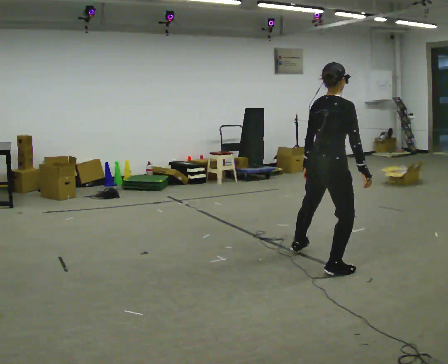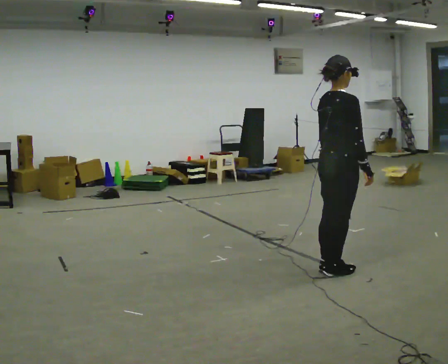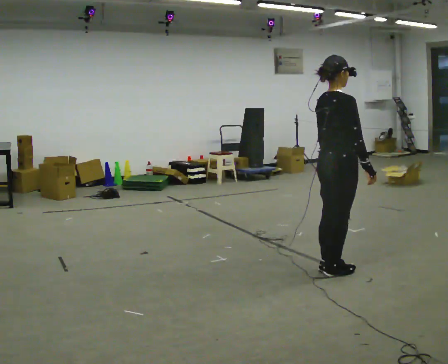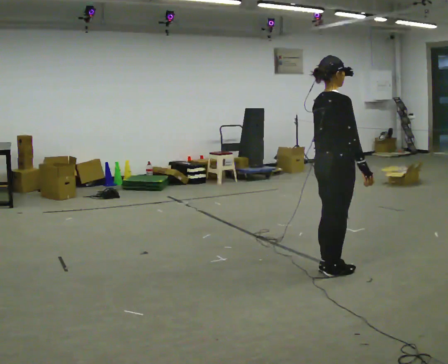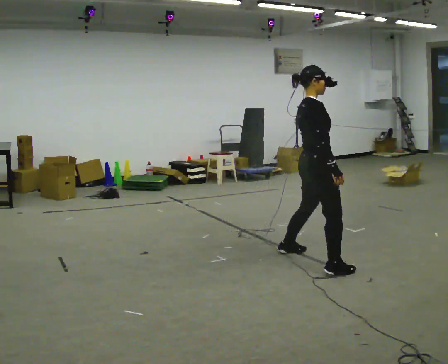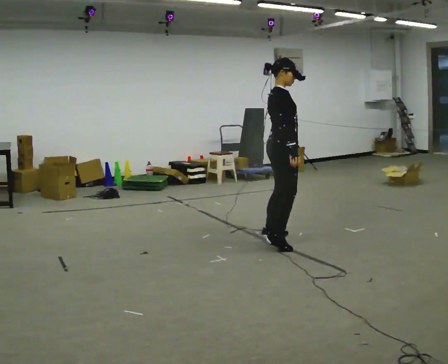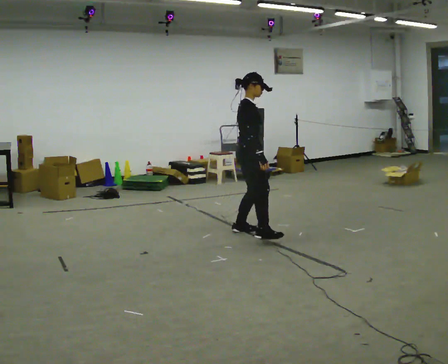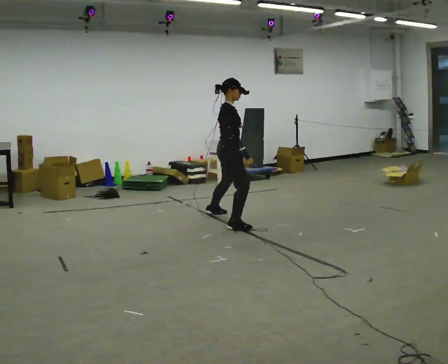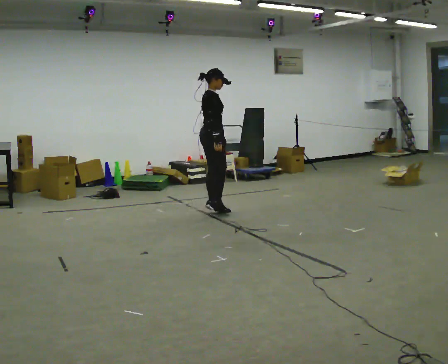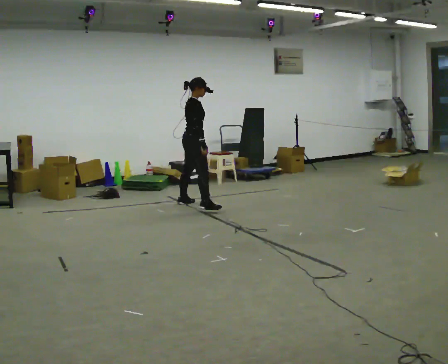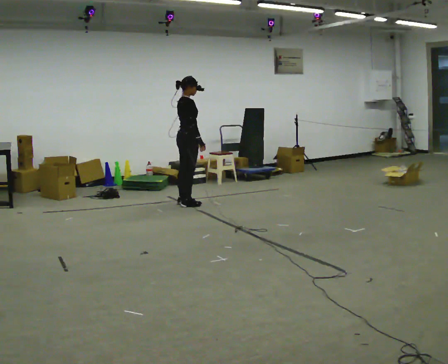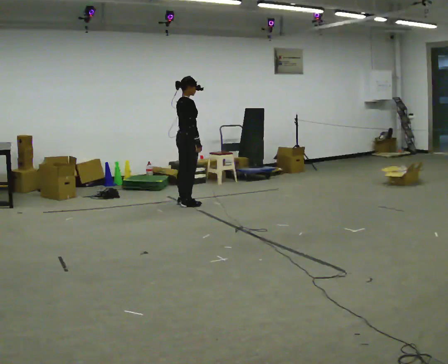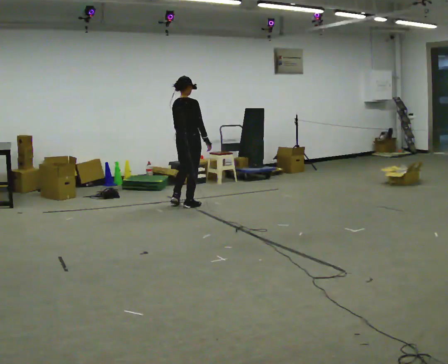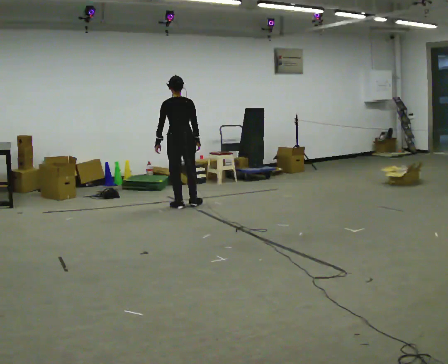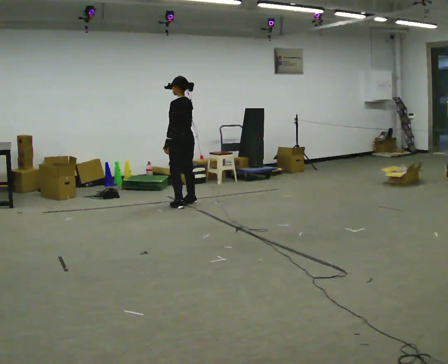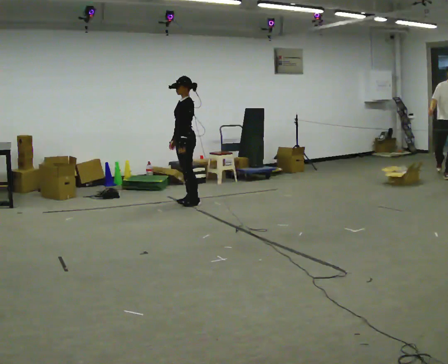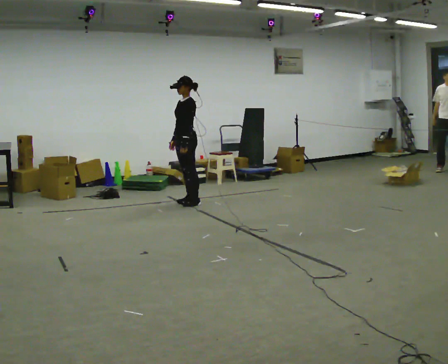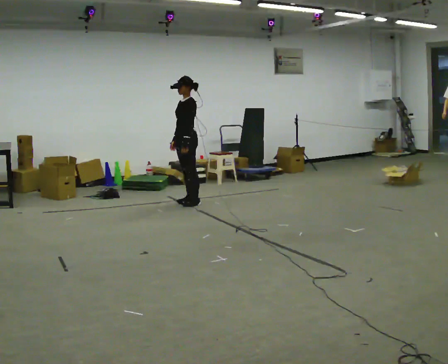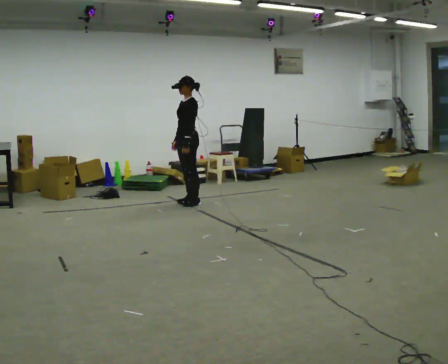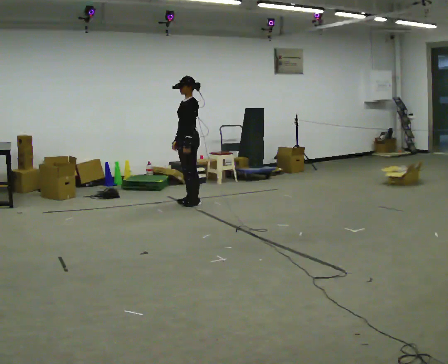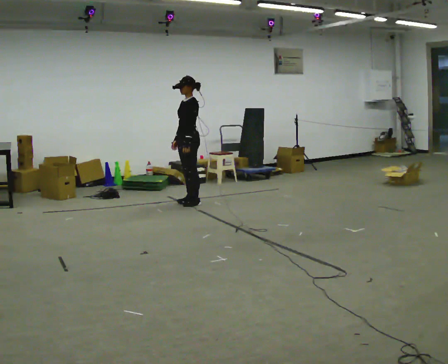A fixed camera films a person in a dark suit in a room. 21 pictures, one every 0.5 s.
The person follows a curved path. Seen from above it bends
clockwise.
The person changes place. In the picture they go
away from the camera.
0.0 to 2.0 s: The part of the body nearest the lens slides to the left as the person turns to their right by about 30 degrees.
2.0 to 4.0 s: In the picture they go away from the camera, about 2 m in 6 steps, which for them is to their left.
4.0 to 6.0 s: The person turns about 45 degrees to their left, counterclockwise seen from above, so the part of the body nearest the lens slides to the right. In the picture they go away from the camera and to the left, about 0.5 m in 2 steps, which for them is to their left.
6.0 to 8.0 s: The person turns about 150 degrees to their left, counterclockwise seen from above, so the part of the body nearest the lens slides to the right. In the picture their right hand goes to the left, the arm swinging clockwise.
8.0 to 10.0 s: The person moves a little, or ends about where they began.
The film runs backward here.
